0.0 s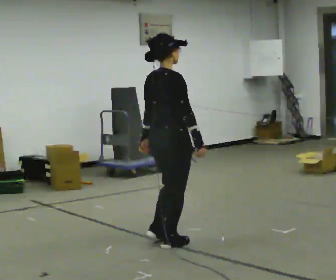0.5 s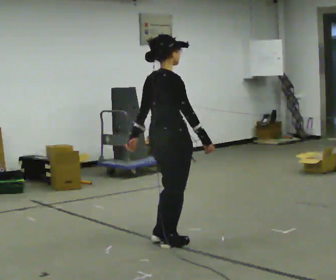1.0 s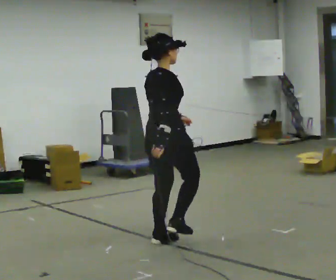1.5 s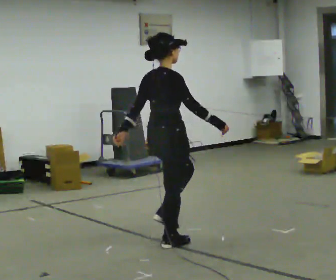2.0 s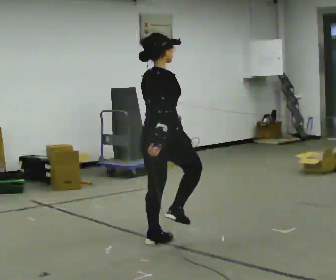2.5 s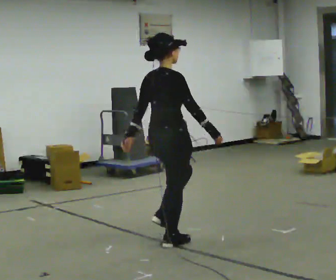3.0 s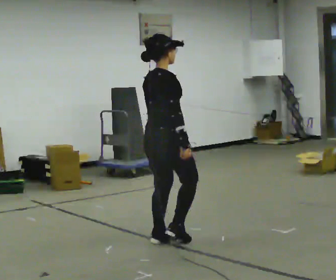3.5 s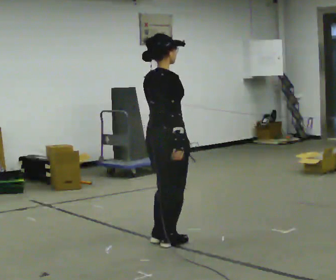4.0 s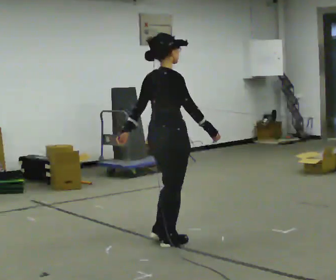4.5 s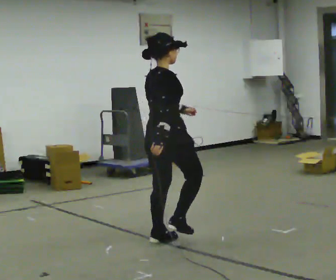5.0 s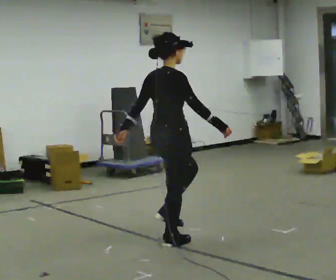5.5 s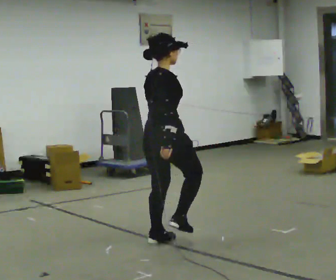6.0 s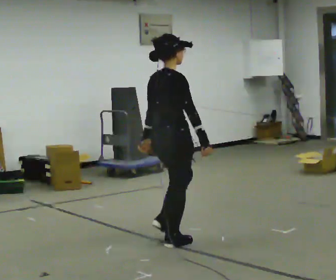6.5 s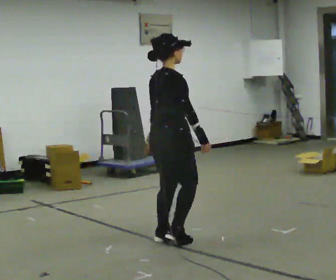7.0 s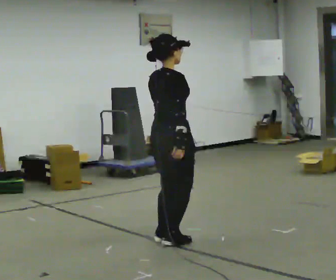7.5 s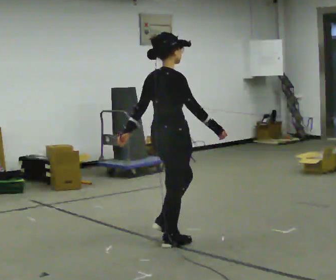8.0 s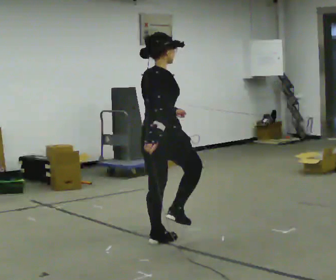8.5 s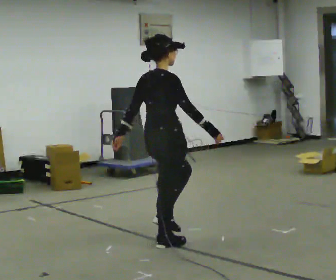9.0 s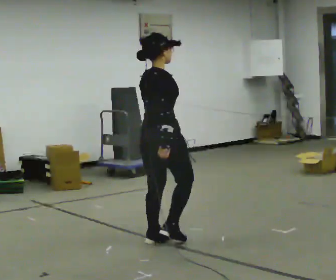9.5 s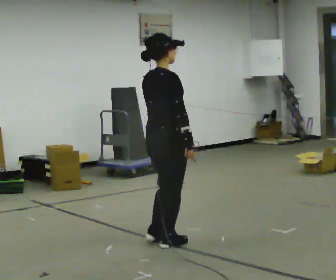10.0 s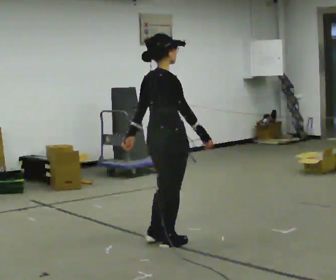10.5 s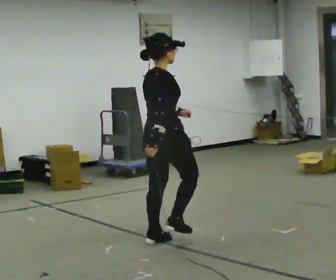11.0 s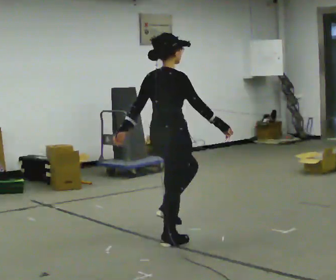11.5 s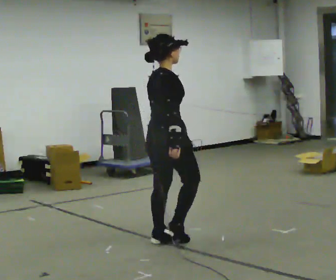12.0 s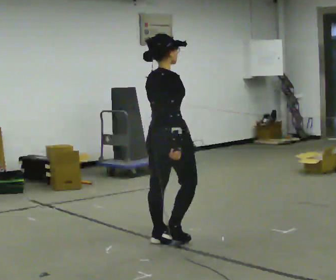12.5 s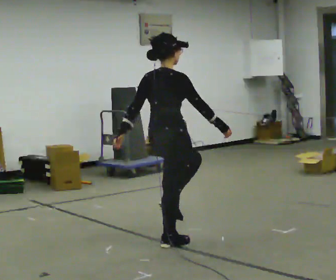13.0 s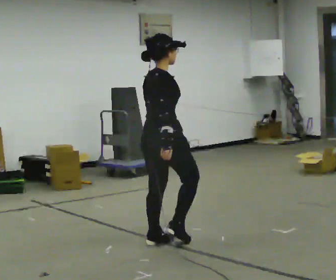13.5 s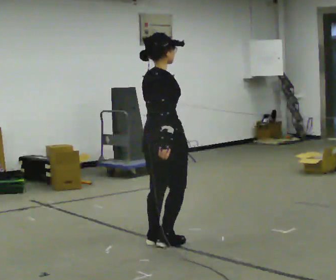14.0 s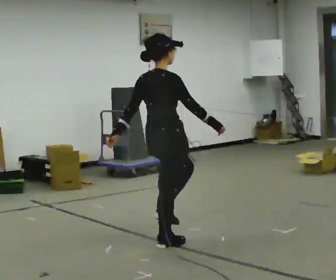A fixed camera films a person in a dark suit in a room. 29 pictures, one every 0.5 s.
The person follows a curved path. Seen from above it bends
counterclockwise.
0.0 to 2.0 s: The person moves a little, or ends about where they began.
2.0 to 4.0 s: In the picture their left hand goes to the left.
4.0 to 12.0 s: The person moves a little, or ends about where they began.
12.0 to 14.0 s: In the picture their left hand goes to the left.
The film runs forward here.
